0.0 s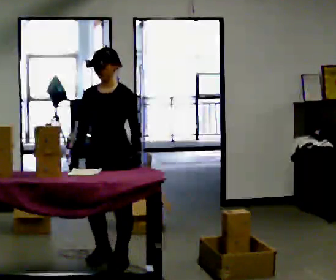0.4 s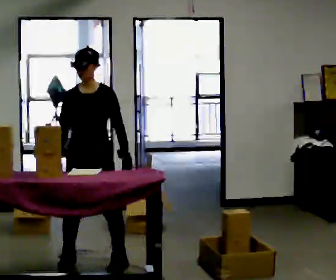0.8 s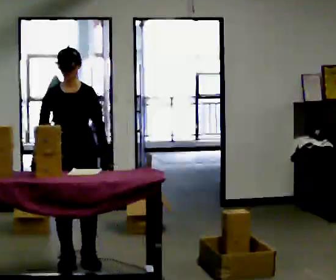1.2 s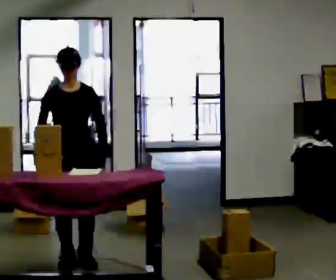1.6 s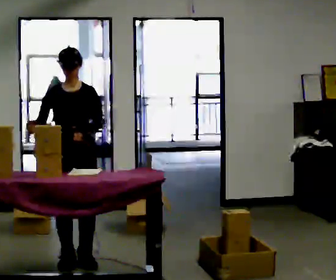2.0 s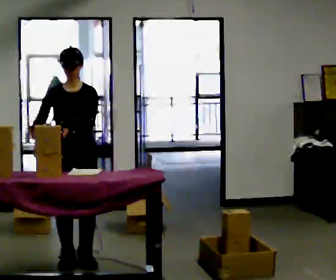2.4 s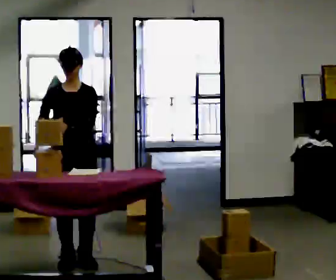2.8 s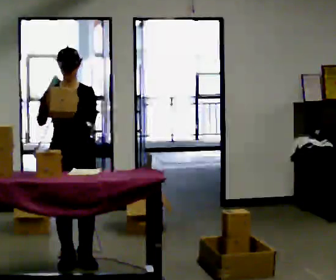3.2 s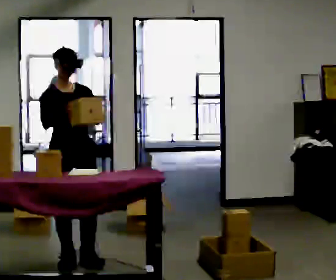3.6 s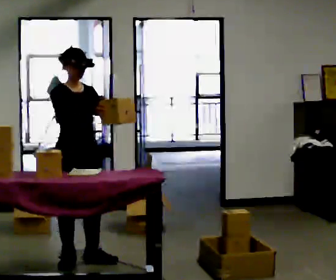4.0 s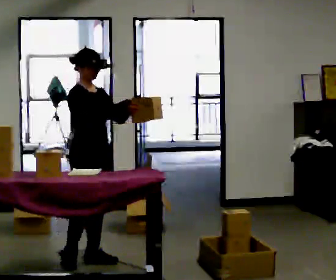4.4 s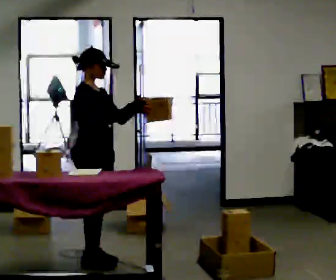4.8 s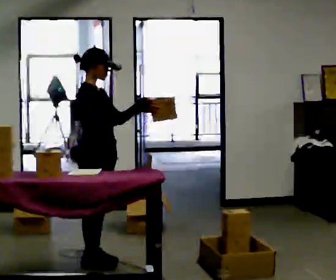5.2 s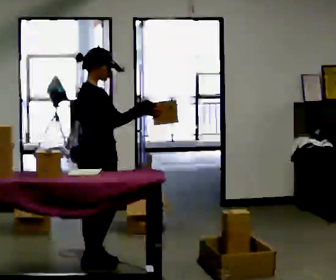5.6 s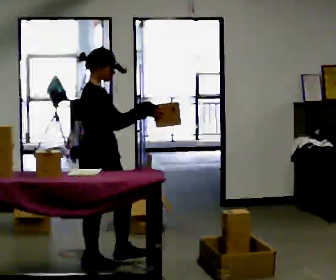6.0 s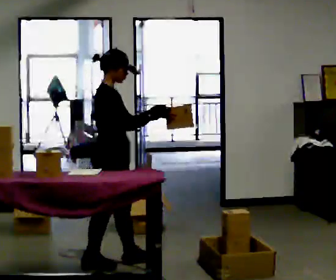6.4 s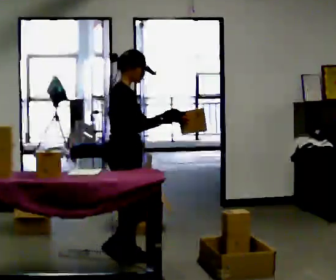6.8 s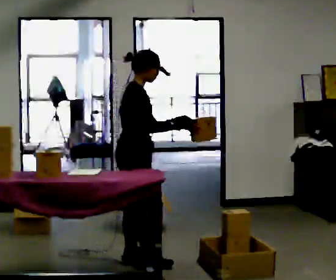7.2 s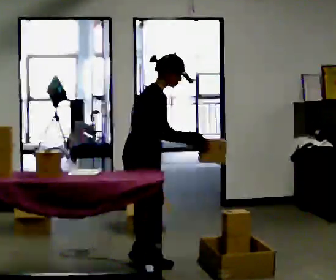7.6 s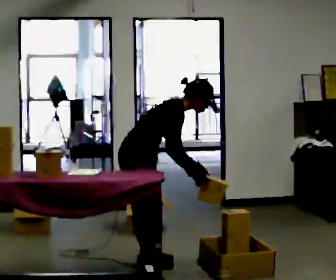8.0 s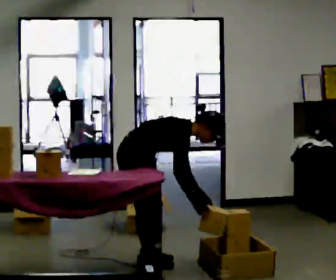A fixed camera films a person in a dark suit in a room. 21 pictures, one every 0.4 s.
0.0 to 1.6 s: The person turns about 30 degrees to their left, counterclockwise seen from above, so the part of the body nearest the lens slides to the right. In the picture they go to the left, about 0.25 m in 2 steps, which for them is to their right.
1.6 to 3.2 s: The person moves a little, or ends about where they began.
3.2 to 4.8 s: The person turns about 60 degrees to their left, counterclockwise seen from above, so the part of the body nearest the lens slides to the right. In the picture they go to the right, about 0.25 m, which for them is forward. In the picture their right hand goes to the right.
4.8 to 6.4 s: In the picture they go to the right, about 0.25 m in 1 step, which for them is forward.
6.4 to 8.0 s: The shoulders move downward. In the picture the upper body tilts clockwise, shoulders to the right, as they bend forward. In the picture their right hand goes downward, the arm swinging clockwise.
The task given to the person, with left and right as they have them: 1. Read the parts list. 2. Collect each part from the bins around the room. 3. Lay them out on the table in the order on the list. 4. Put them all in the carry case. 5. Tell the operator when you are finished.
The film runs forward here.
